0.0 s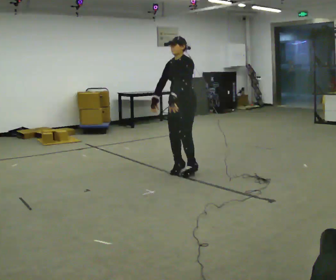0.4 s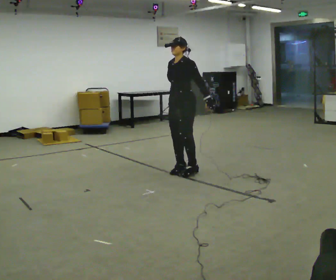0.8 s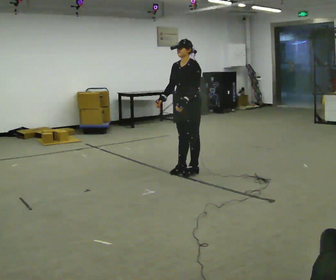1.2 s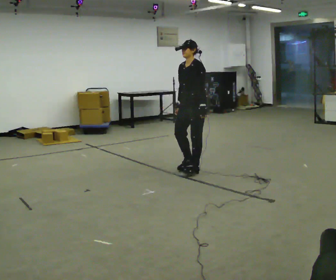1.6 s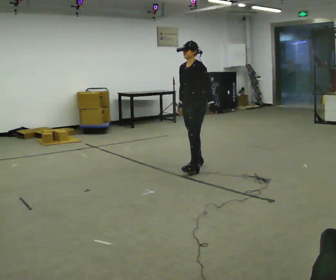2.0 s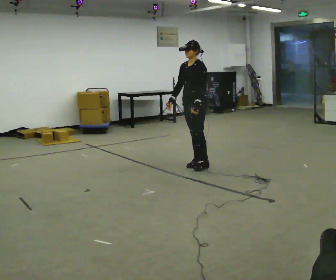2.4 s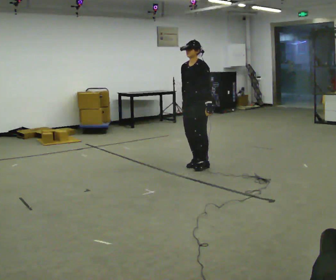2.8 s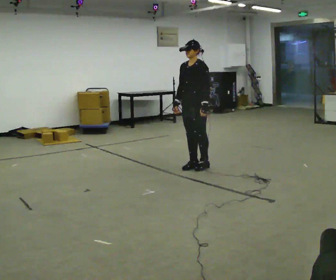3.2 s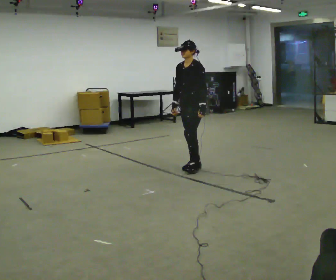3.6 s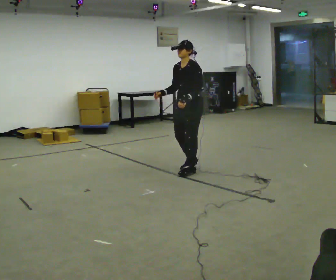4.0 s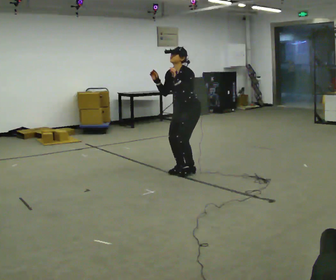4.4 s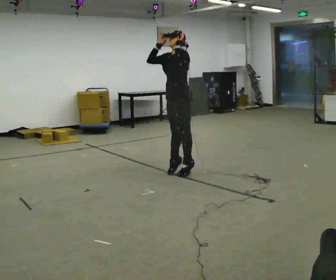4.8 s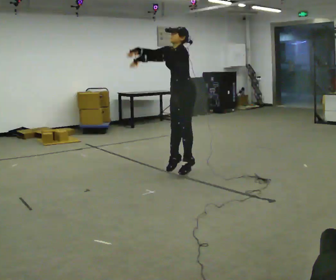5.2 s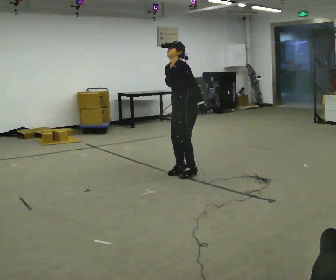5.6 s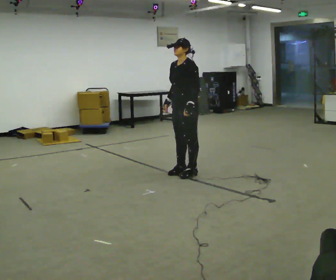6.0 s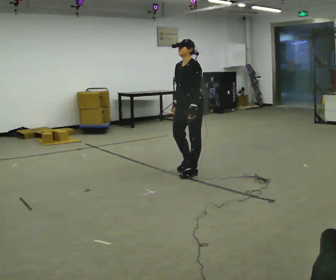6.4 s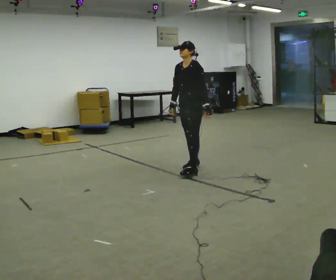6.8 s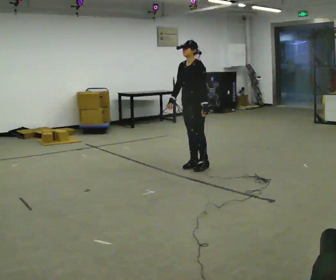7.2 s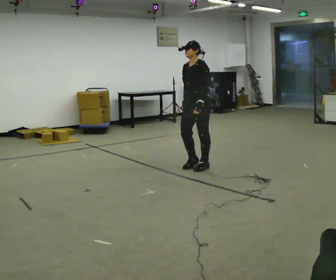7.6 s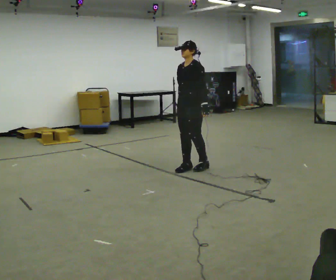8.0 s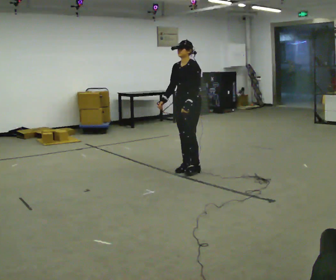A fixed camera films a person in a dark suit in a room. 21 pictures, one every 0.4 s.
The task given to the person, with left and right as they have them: Mime a volleyball spike with no ball: approach in place, jump and strike downward. Repeat the movement at your own pace until the operator says stop; do not rush.
0.0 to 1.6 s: In the picture they go away from the camera, about 0.25 m in 1 step, which for them is backward.
1.6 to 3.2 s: The person moves a little, or ends about where they began.
3.2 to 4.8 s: In the picture they go toward the camera, about 0.25 m in 2 steps, which for them is forward and to their left. In the picture their left hand goes upward.
4.8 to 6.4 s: In the picture they go away from the camera, about 0.25 m in 1 step, which for them is backward and to their right. In the picture their left hand goes downward.
6.4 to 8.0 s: The person moves a little, or ends about where they began.
The film runs forward here.
